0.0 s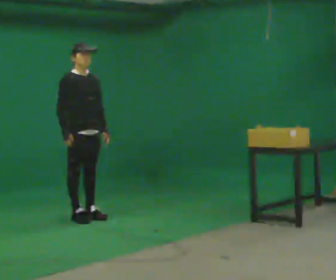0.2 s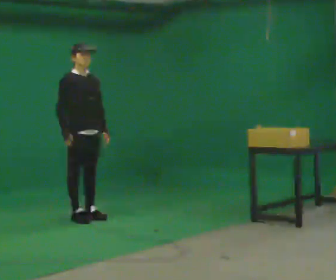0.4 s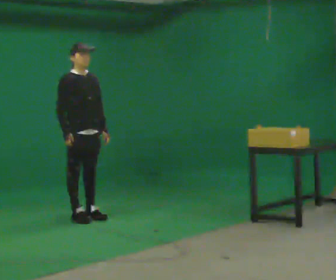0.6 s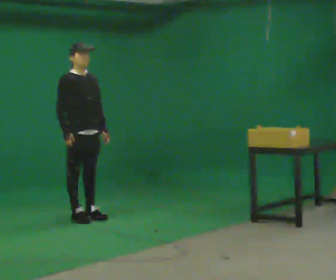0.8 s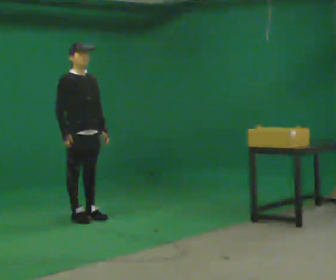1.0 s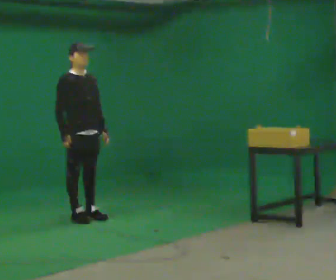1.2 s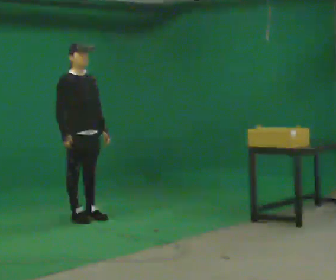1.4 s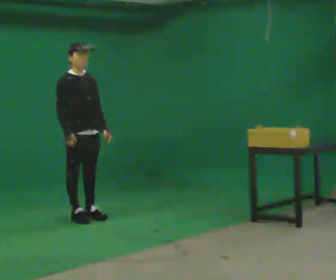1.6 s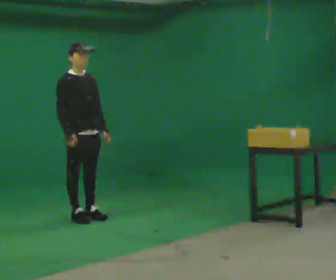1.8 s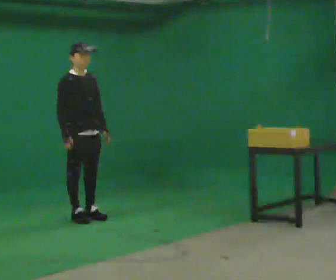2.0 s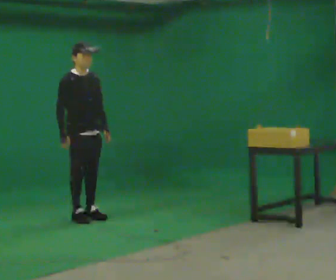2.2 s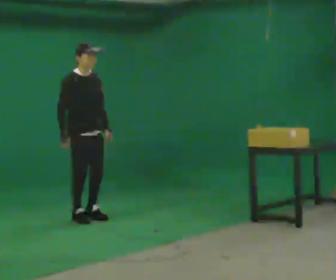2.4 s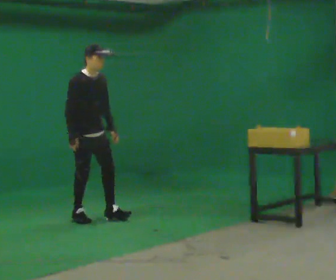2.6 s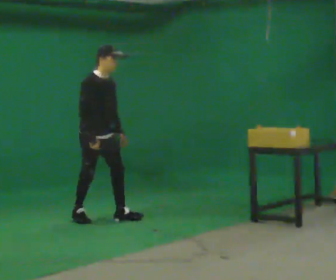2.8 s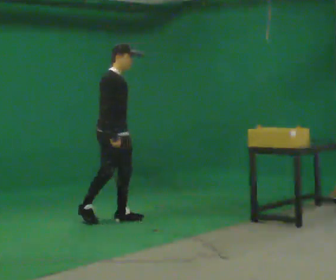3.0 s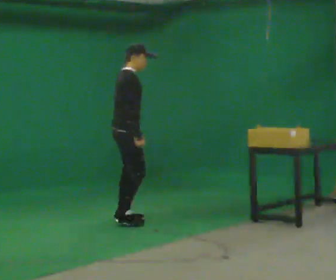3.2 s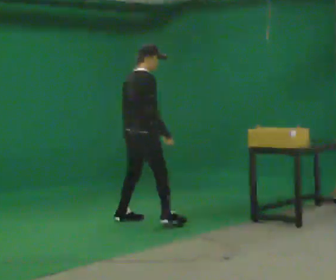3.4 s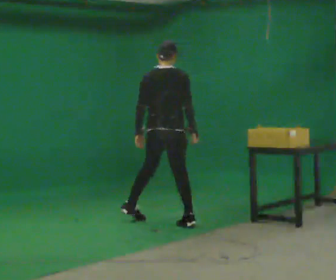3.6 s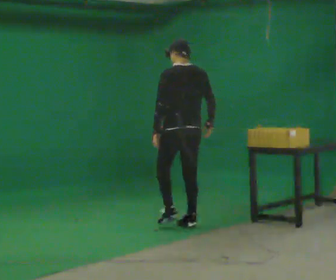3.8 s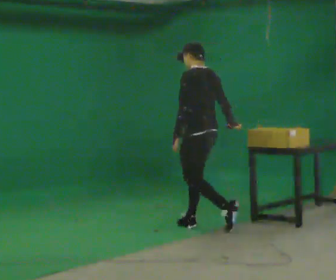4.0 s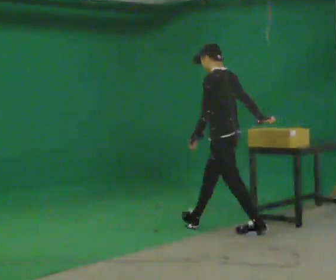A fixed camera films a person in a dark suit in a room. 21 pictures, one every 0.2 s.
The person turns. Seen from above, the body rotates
counterclockwise.
The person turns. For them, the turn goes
to their left.
0.0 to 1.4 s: The person moves a little, or ends about where they began.
1.4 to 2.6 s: In the picture the upper body tilts clockwise, shoulders to the right, as they bend forward.
2.6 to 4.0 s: The person turns about 195 degrees to their left, counterclockwise seen from above, so the part of the body nearest the lens slides to the right. In the picture they go to the right and toward the camera, about 1.5 m in 3 steps.
The film runs backward here.
